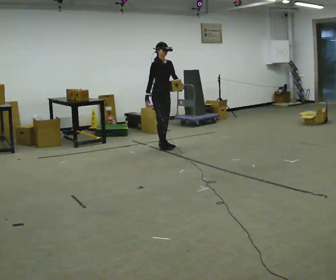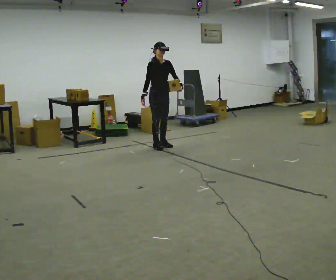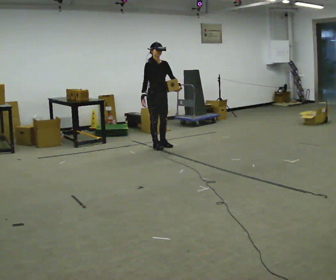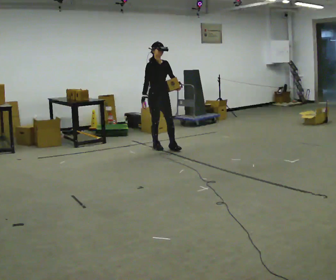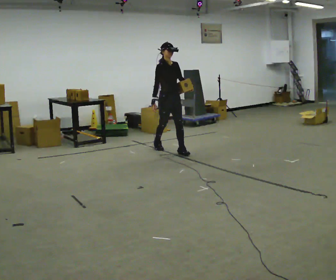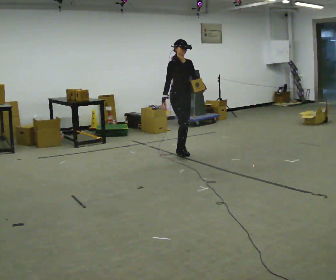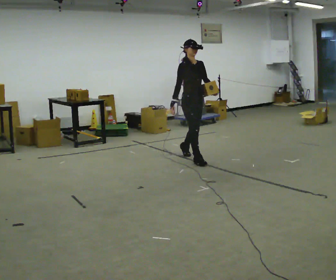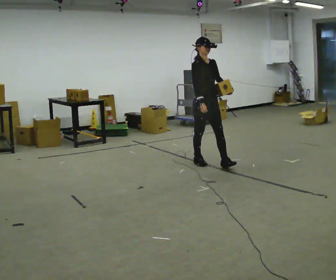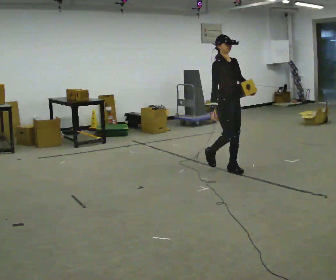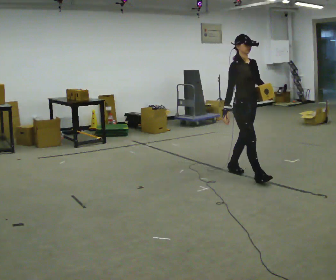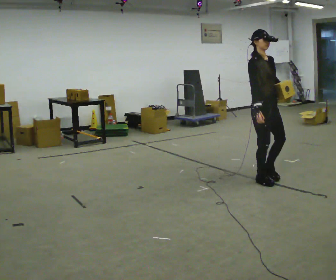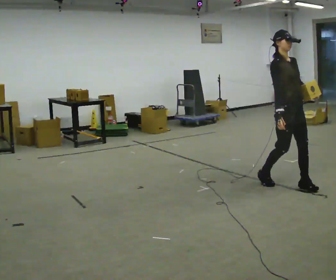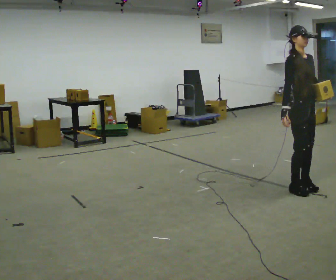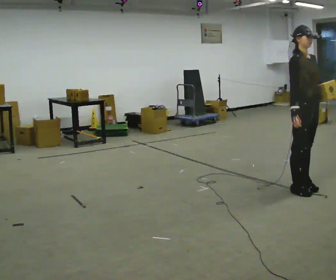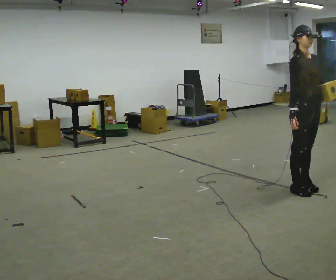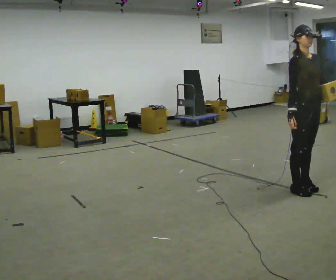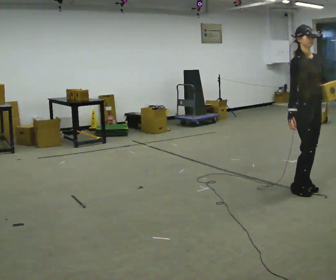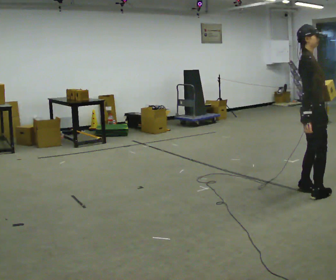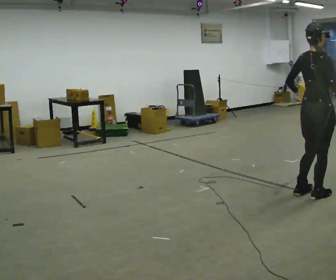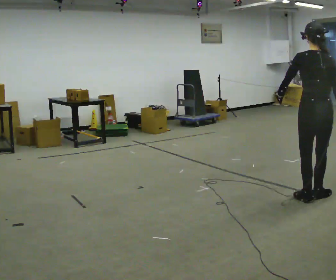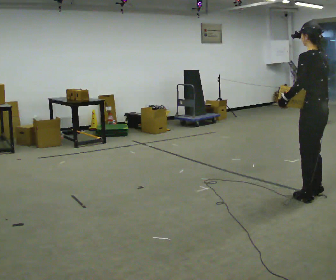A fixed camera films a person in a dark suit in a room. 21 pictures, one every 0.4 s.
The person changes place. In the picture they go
toward the camera.
0.0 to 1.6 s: In the picture they go toward the camera and to the right, about 0.5 m in 2 steps, which for them is forward.
1.6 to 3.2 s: In the picture they go toward the camera and to the right, about 1.5 m in 2 steps, which for them is forward.
3.2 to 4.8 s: In the picture they go toward the camera and to the right, about 1 m in 2 steps, which for them is forward.
4.8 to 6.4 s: The person moves a little, or ends about where they began.
6.4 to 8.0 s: Seen from above the body turns counterclockwise, about 180 degrees: to their left, with its near side sliding to the right. In the picture they go toward the camera, about 0.25 m in 2 steps.
The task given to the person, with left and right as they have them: Carry the object in the hand the operator calls, down at your side, walking back and forth across the room.
The film runs forward here.
